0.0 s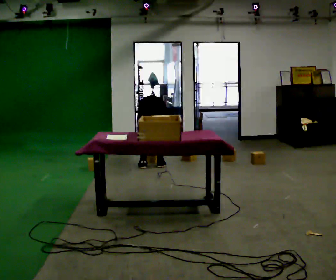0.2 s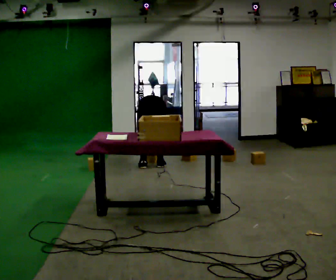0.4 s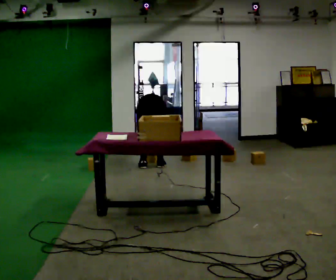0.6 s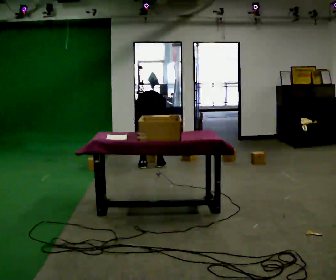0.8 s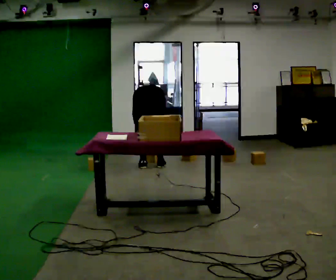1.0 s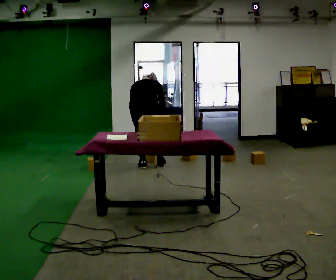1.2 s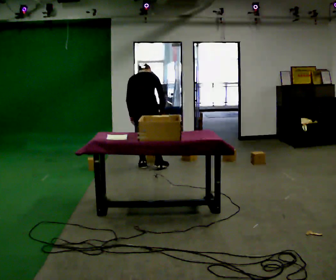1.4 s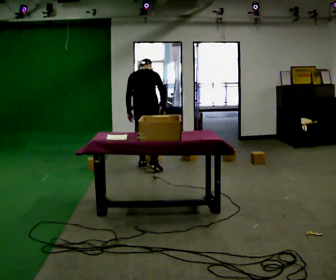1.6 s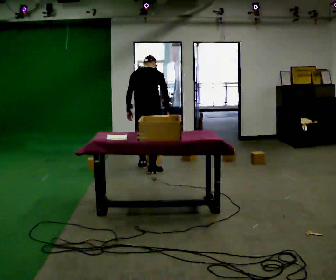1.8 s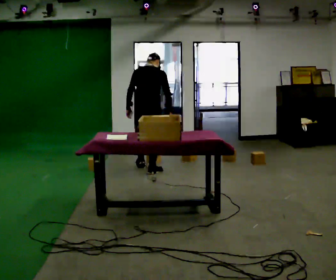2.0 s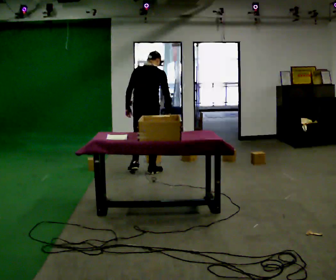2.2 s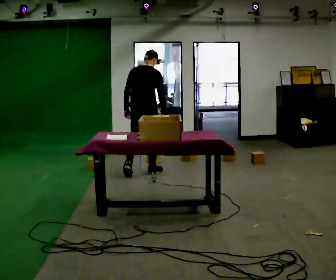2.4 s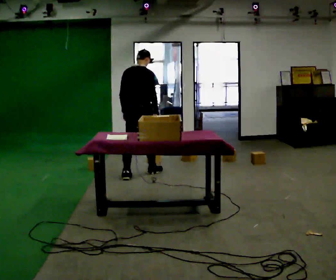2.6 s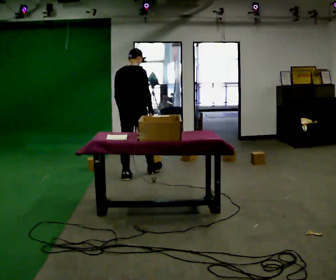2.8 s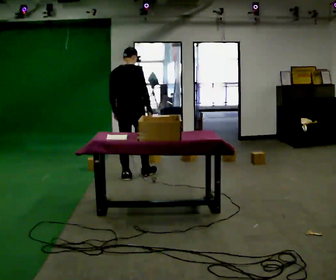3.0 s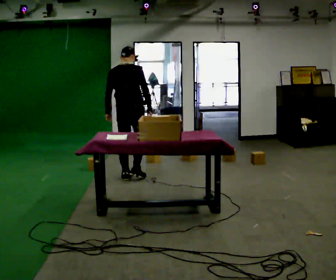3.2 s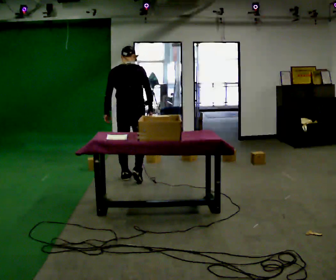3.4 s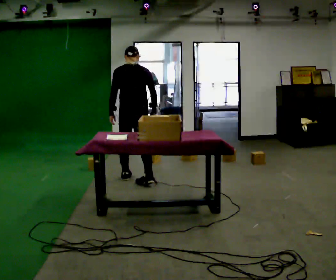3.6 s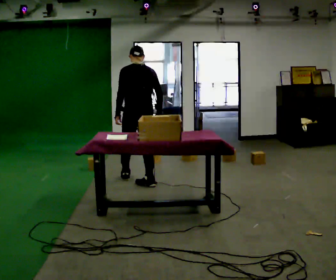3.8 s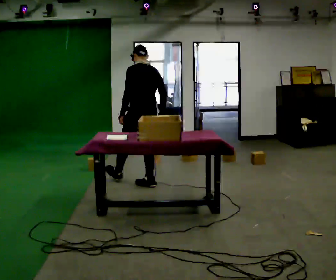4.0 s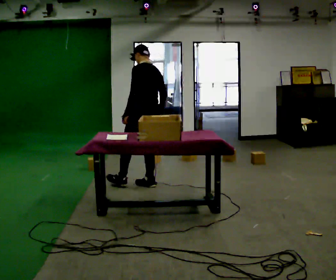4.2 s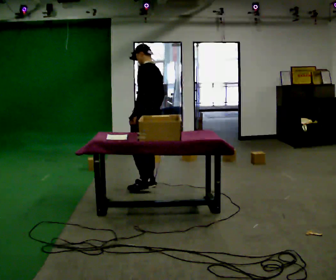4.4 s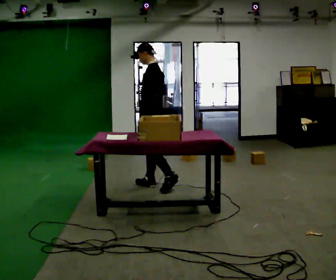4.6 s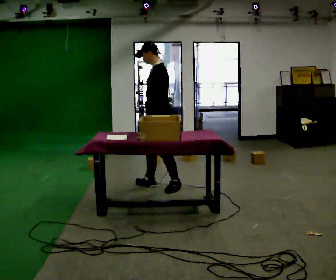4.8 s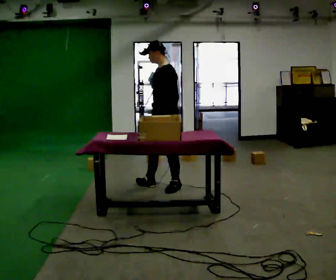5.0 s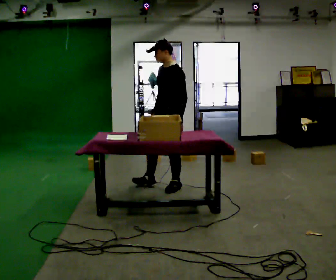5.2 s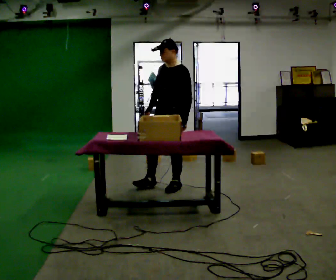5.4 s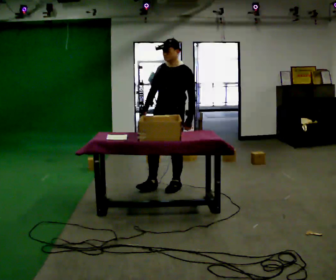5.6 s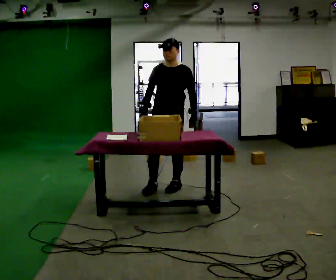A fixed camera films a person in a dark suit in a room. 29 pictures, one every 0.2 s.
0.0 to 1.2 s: The shoulders move upward. The upper body tips toward the camera, its near side rolling downward, as they lean back or straighten. In the picture their right hand goes upward.
1.2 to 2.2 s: In the picture they go toward the camera, about 0.25 m in 1 step, which for them is backward. The upper body tips toward the camera, its near side rolling downward, as they lean back or straighten.
2.2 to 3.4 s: The person turns about 30 degrees to their left, counterclockwise seen from above, so the part of the body nearest the lens slides to the right. In the picture they go toward the camera, about 0.5 m in 1 step, which for them is backward.
3.4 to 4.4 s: Seen from above the body turns counterclockwise, about 75 degrees: to their left, with its near side sliding to the right. In the picture they go to the right and toward the camera, about 0.25 m in 1 step.
4.4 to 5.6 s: Seen from above the body turns counterclockwise, about 75 degrees: to their left, with its near side sliding to the right. In the picture they go to the right, about 0.25 m. In the picture their left hand goes to the right.
The film runs backward here.
